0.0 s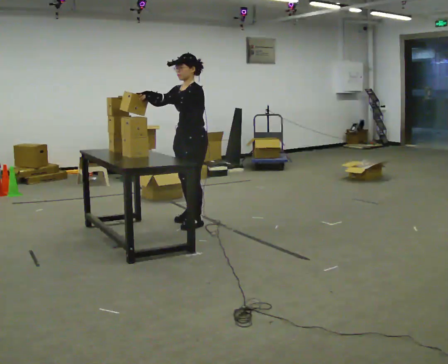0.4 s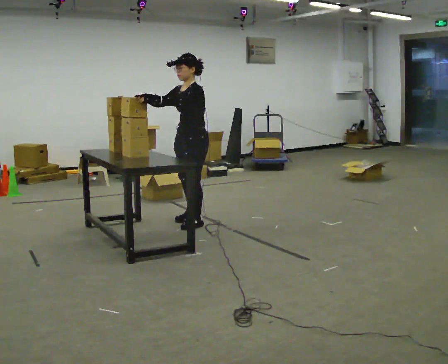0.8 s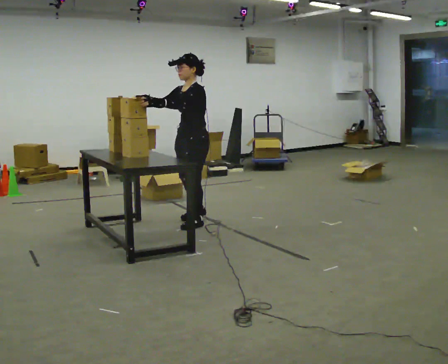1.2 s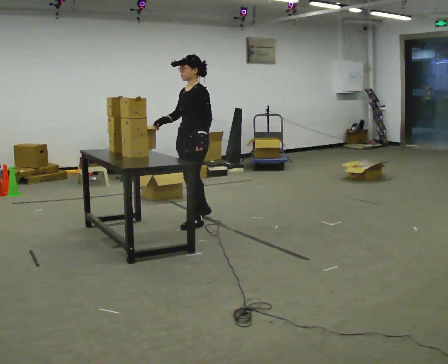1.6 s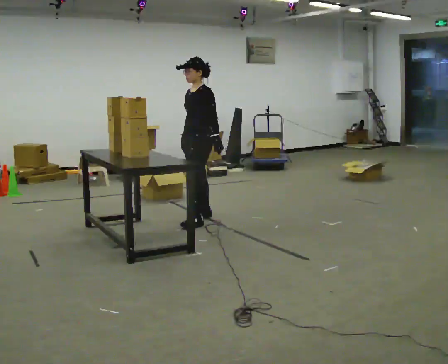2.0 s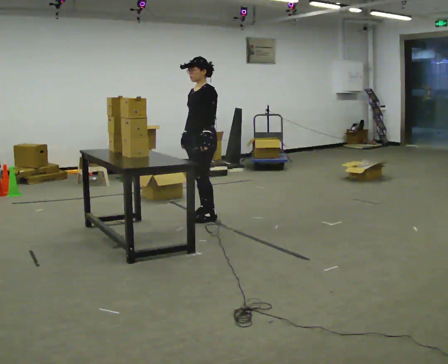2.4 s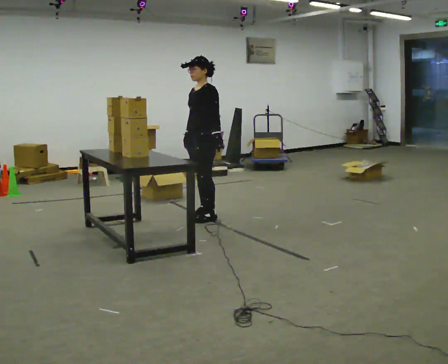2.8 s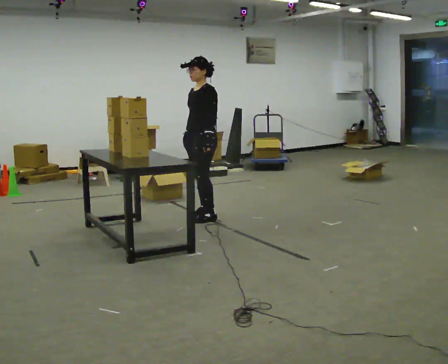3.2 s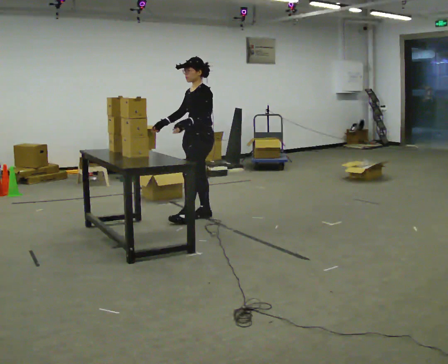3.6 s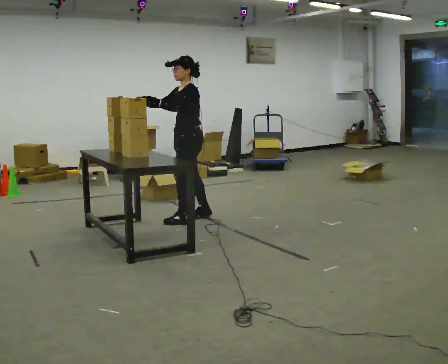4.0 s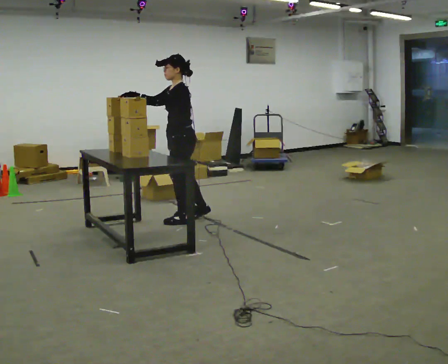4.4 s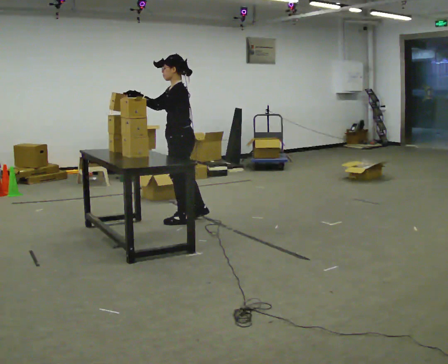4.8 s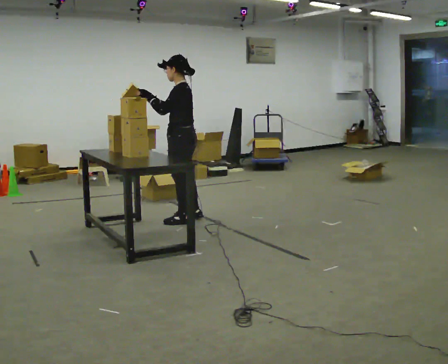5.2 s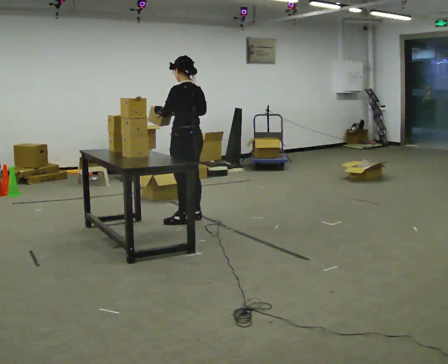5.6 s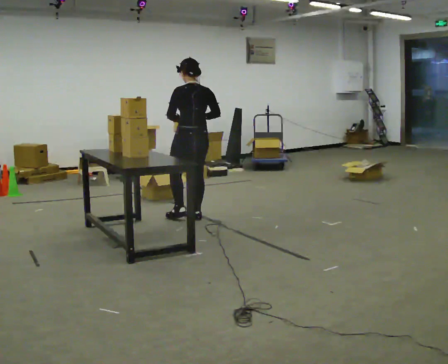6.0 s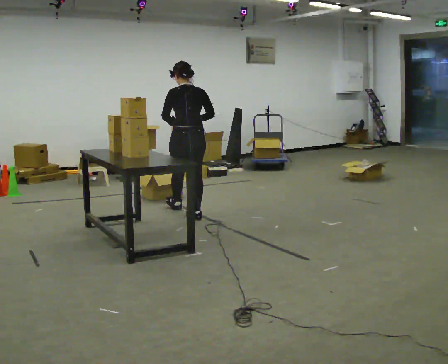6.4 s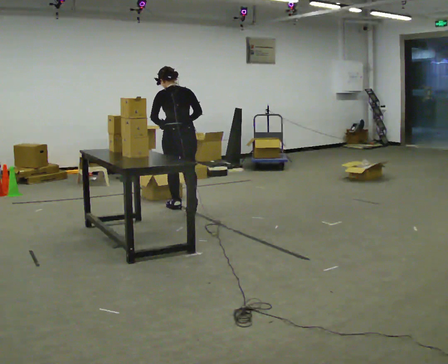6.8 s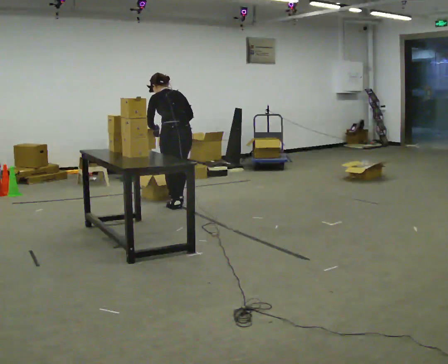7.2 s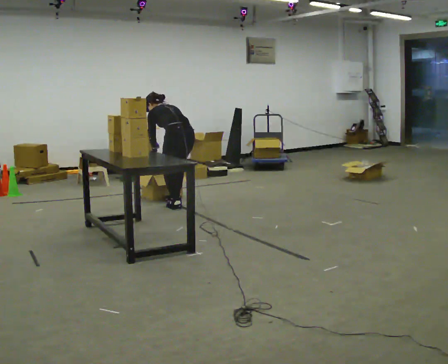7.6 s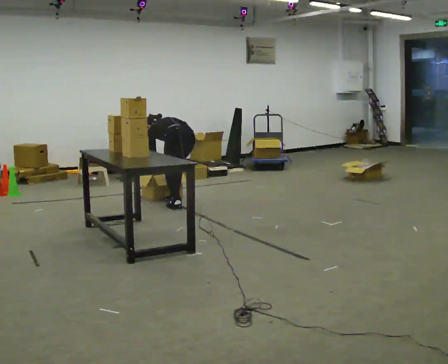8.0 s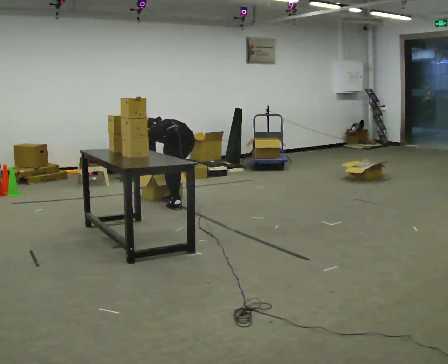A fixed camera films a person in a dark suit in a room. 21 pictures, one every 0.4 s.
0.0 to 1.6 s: In the picture they go away from the camera, about 0.25 m, which for them is to their right and backward. In the picture their right hand goes downward, the arm swinging counterclockwise.
1.6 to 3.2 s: The person moves a little, or ends about where they began.
3.2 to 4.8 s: The part of the body nearest the lens slides to the left as the person turns to their right by about 30 degrees. In the picture they go toward the camera, about 0.25 m in 1 step, which for them is forward and to their left. In the picture their left hand goes to the left.
4.8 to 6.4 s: The person turns about 60 degrees to their right, clockwise seen from above, so the part of the body nearest the lens slides to the left. In the picture they go away from the camera, about 0.5 m in 1 step. The upper body tips away from the camera, its near side rolling upward, as they bend forward.
6.4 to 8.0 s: The part of the body nearest the lens slides to the right as the person turns to their left by about 30 degrees. In the picture they go away from the camera, about 0.25 m in 1 step, which for them is forward and to their right. The shoulders move downward. The upper body tips away from the camera, its near side rolling upward, as they bend forward. In the picture their right hand goes downward.
The film runs forward here.
